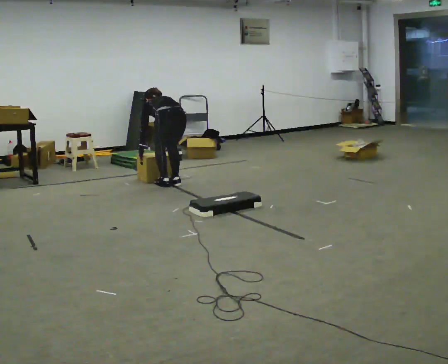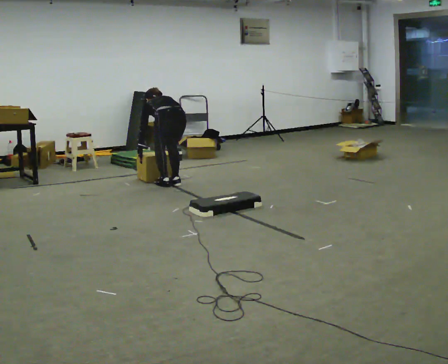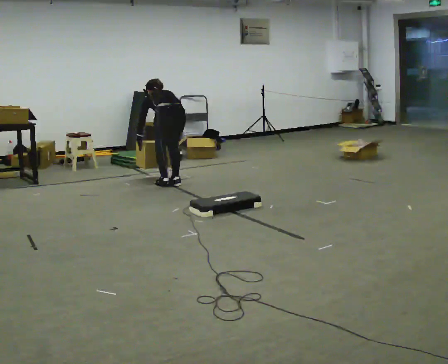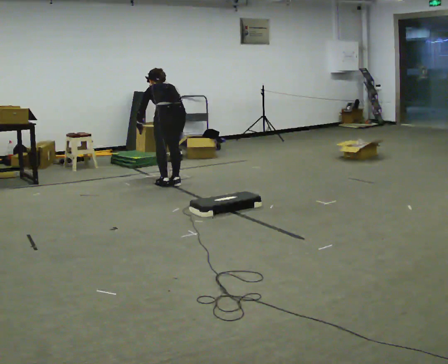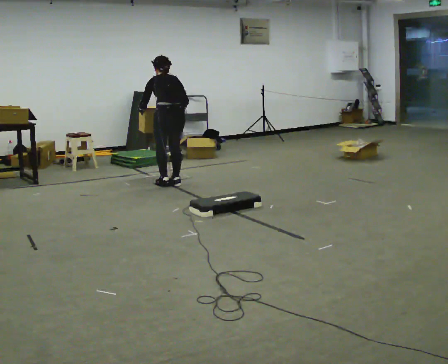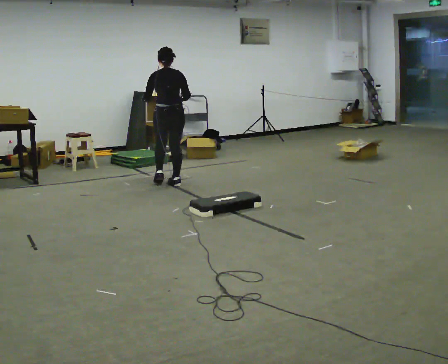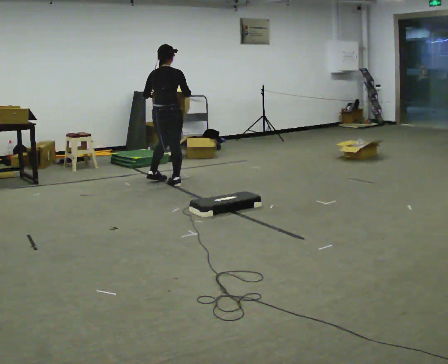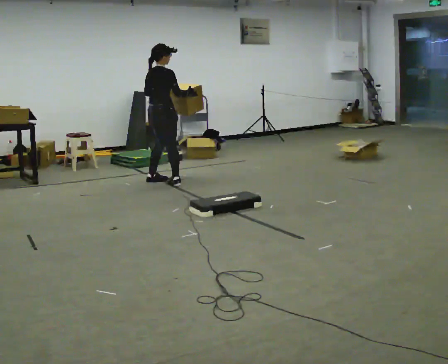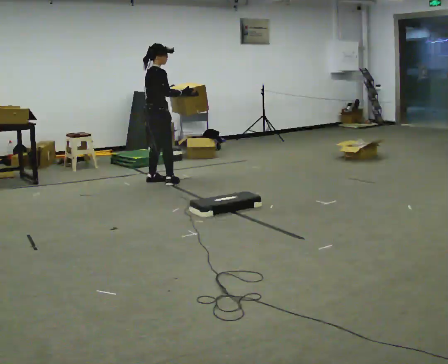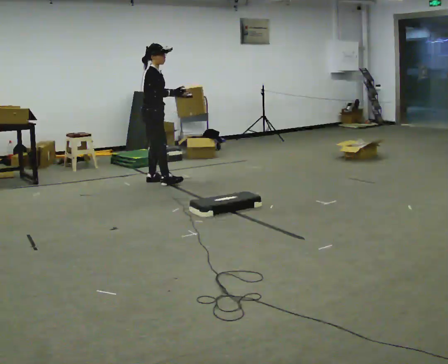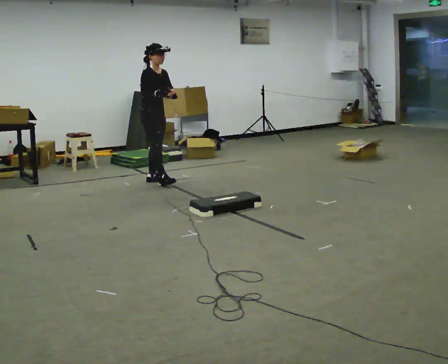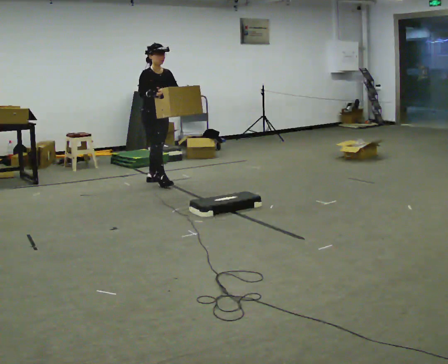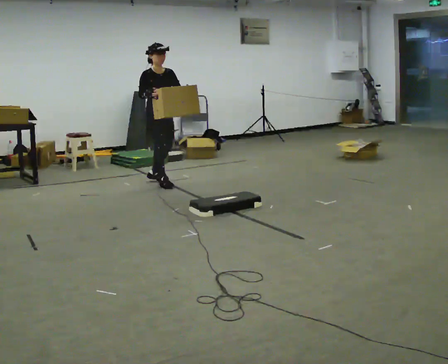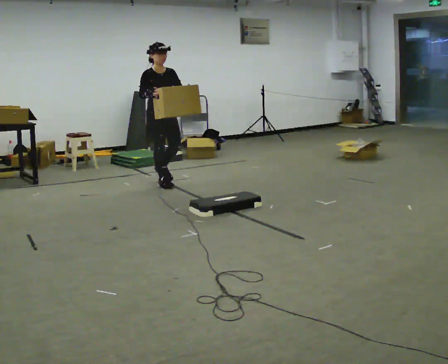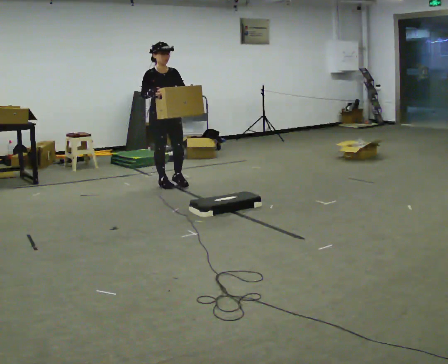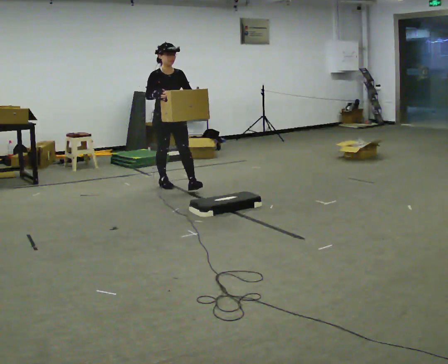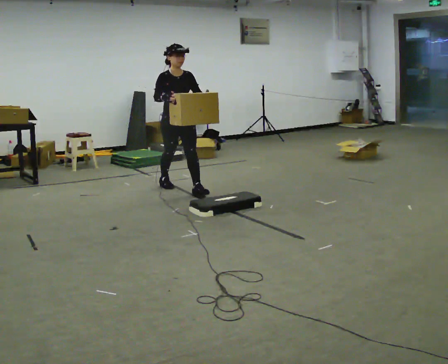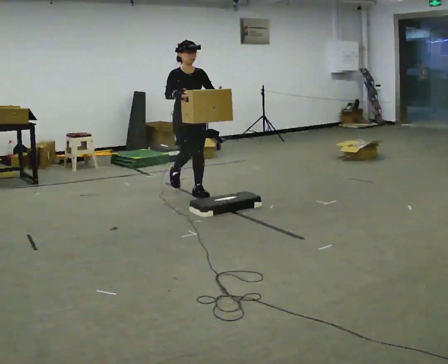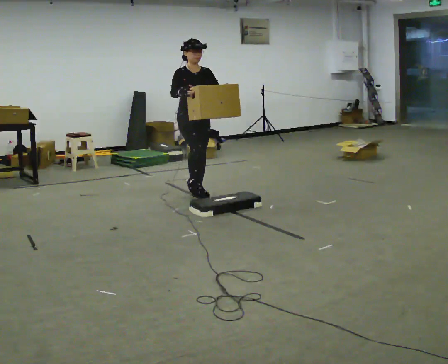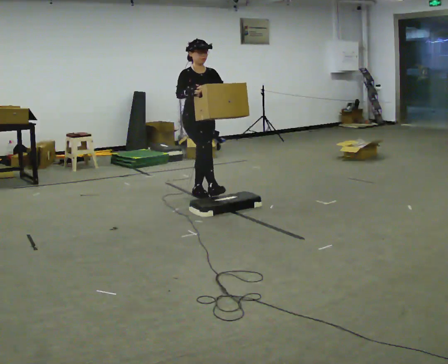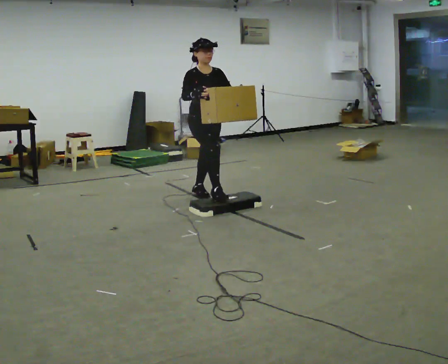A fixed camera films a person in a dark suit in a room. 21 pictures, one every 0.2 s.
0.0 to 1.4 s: The part of the body nearest the lens slides to the left as the person turns to their right by about 75 degrees. In the picture they go away from the camera, about 0.25 m in 1 step. The upper body goes upward. The upper body tips toward the camera, its near side rolling downward, as they lean back or straighten. In the picture their left hand goes upward.
1.4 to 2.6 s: Seen from above the body turns clockwise, about 105 degrees: to their right, with its near side sliding to the left. In the picture their left hand goes to the right.
2.6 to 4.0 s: In the picture they go toward the camera and to the right, about 1 m in 2 steps, which for them is forward.
The film runs forward here.
